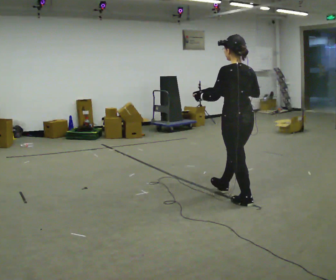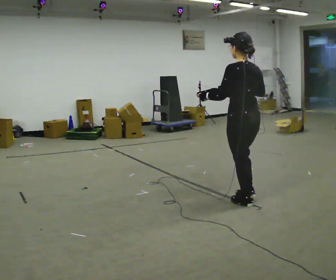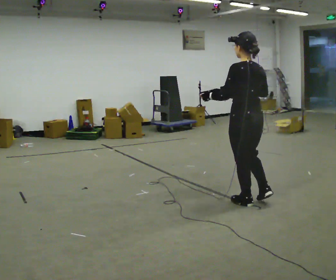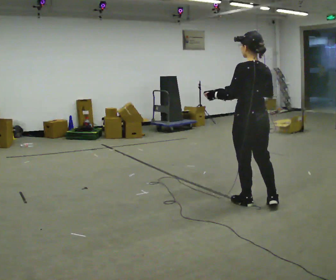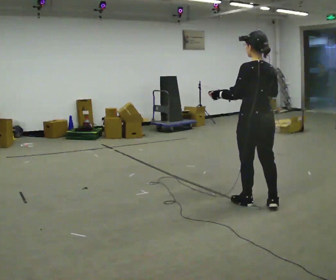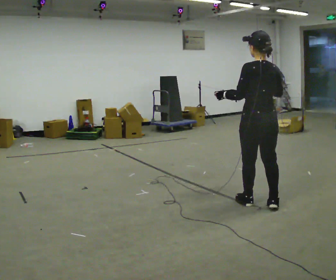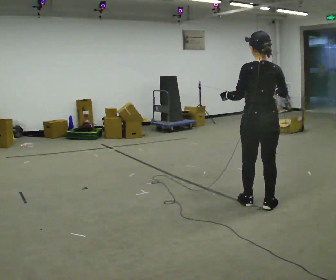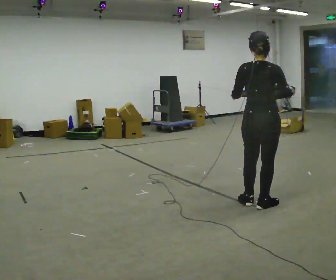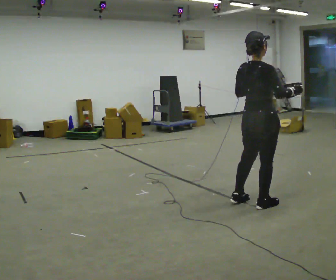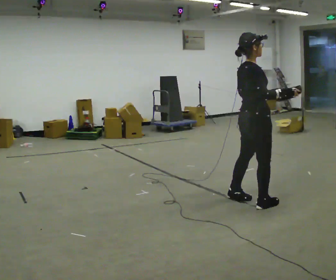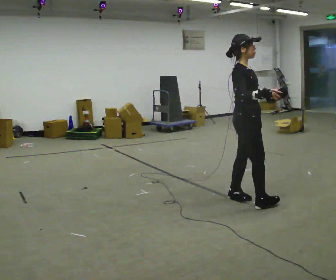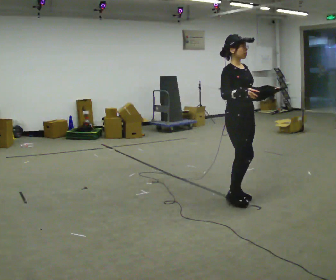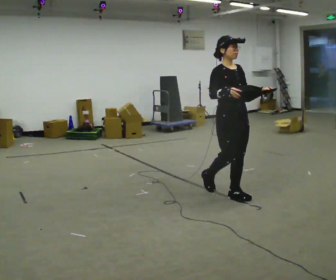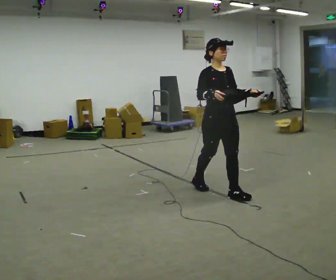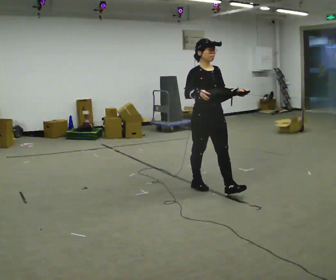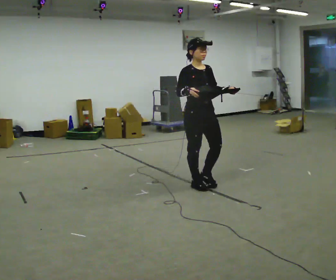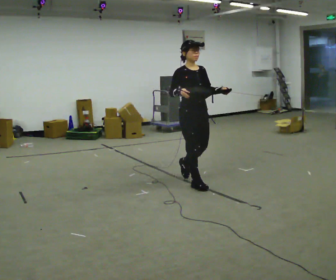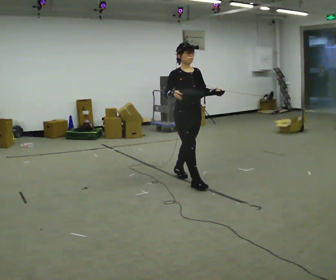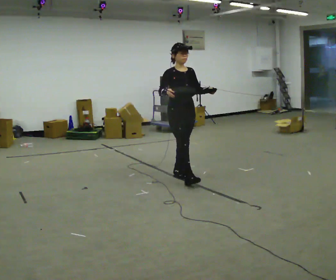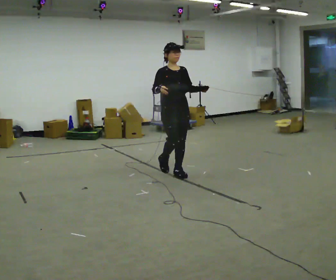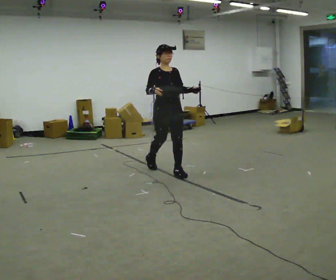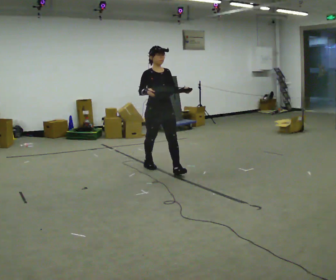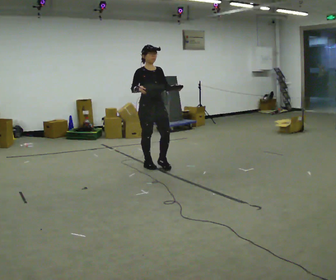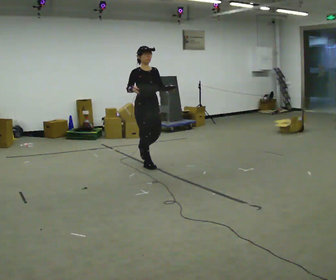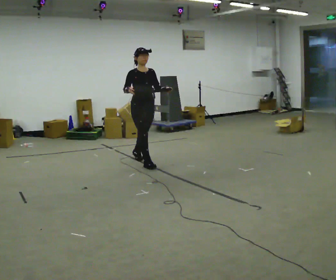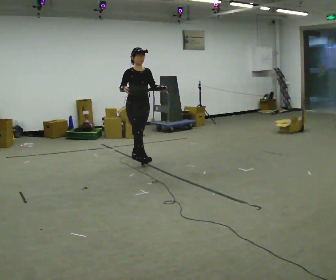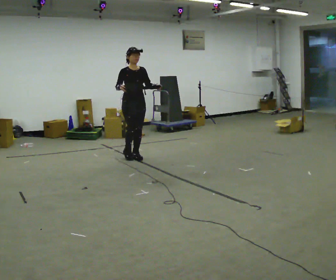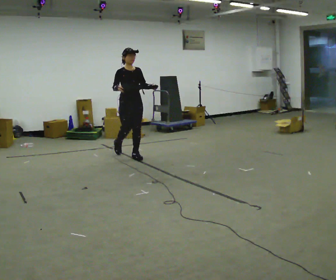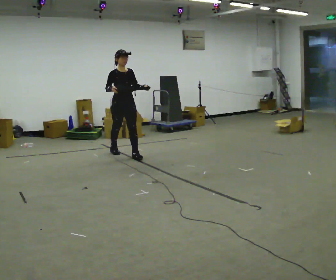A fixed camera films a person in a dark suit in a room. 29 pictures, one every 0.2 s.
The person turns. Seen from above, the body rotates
clockwise.
The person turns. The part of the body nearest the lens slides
to the left.
0.0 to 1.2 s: Seen from above the body turns clockwise, about 30 degrees: to their right, with its near side sliding to the left. In the picture they go to the right, about 0.25 m, which for them is backward. In the picture their right hand goes to the right.
1.2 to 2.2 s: The person turns about 135 degrees to their right, clockwise seen from above, so the part of the body nearest the lens slides to the left. In the picture they go to the left and away from the camera, about 0.25 m in 2 steps.
2.2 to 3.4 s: In the picture they go to the left and away from the camera, about 1 m in 1 step, which for them is backward.
3.4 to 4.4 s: In the picture they go to the left and away from the camera, about 1 m in 2 steps, which for them is backward.
4.4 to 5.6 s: In the picture they go away from the camera and to the left, about 1 m in 1 step, which for them is backward.
The film runs backward here.
